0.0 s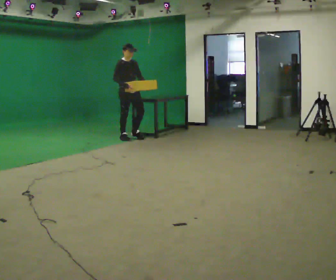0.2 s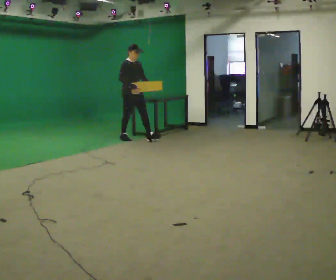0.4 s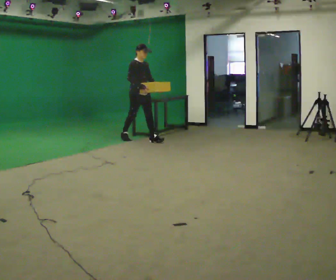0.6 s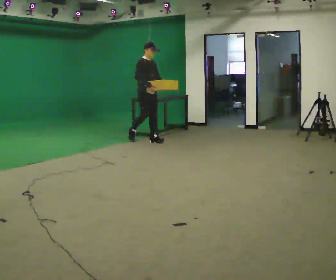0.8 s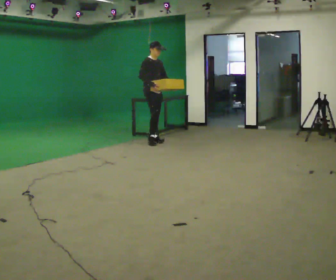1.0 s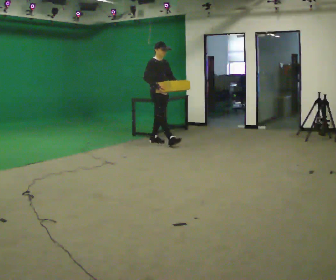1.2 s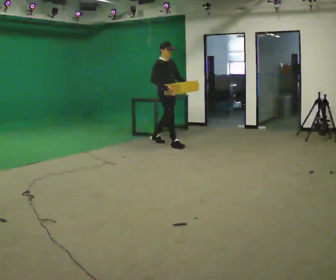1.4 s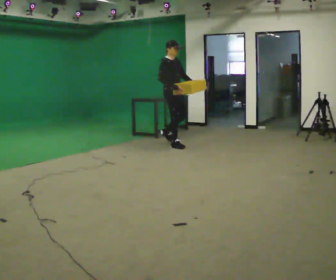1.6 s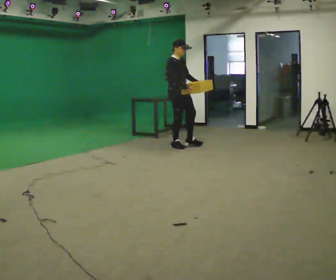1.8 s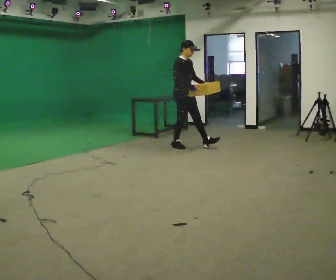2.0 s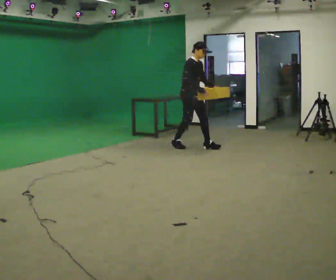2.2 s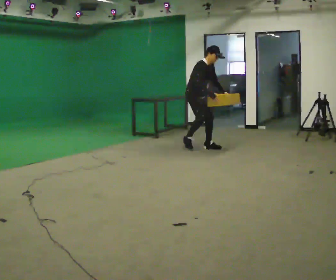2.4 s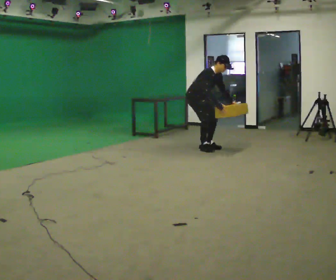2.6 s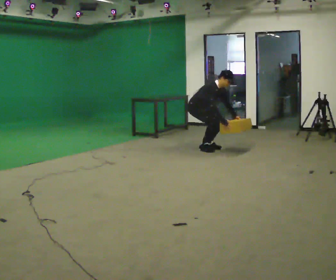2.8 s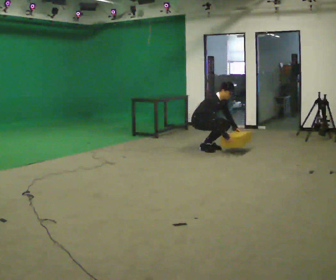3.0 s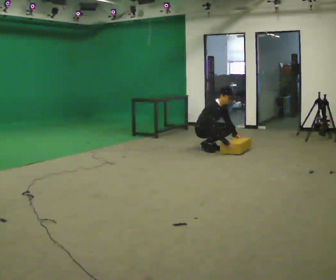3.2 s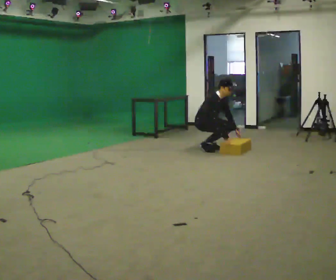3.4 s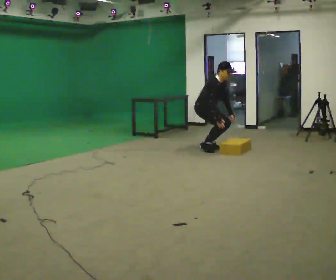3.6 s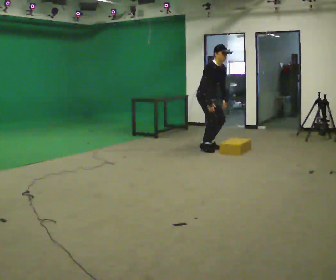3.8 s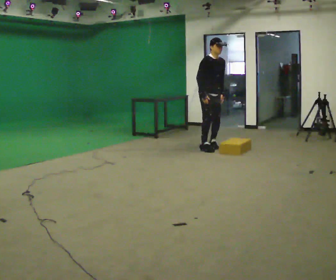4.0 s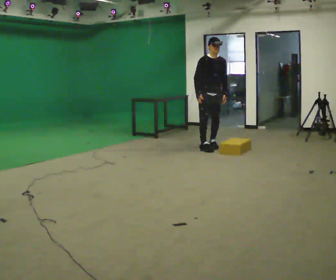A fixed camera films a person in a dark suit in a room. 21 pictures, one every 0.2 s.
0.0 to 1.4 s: In the picture they go to the right and toward the camera, about 1 m in 2 steps, which for them is forward.
1.4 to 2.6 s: In the picture they go to the right and toward the camera, about 0.5 m in 2 steps, which for them is forward. The shoulders move downward. In the picture the upper body tilts clockwise, shoulders to the right, as they bend forward. In the picture their left hand goes downward.
2.6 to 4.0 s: The part of the body nearest the lens slides to the left as the person turns to their right by about 45 degrees. In the picture they go to the right, about 0.25 m in 1 step, which for them is to their left. In the picture the upper body tilts counterclockwise, shoulders to the left, as they lean back or straighten. In the picture their right hand goes upward and to the left.
The film runs forward here.
